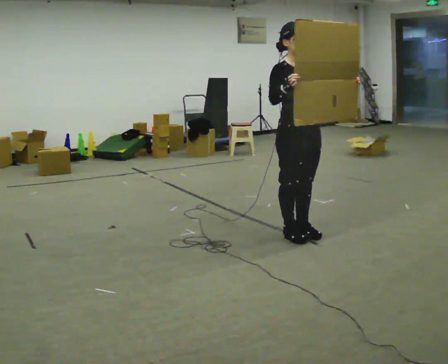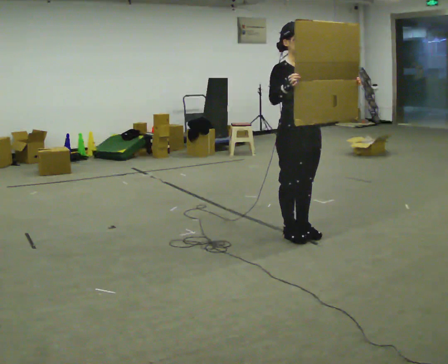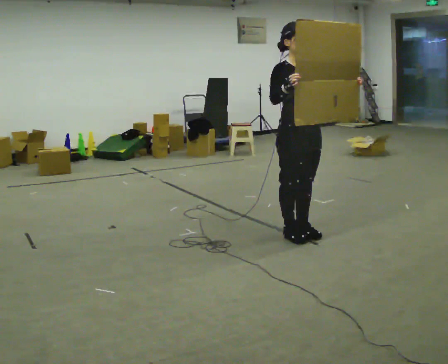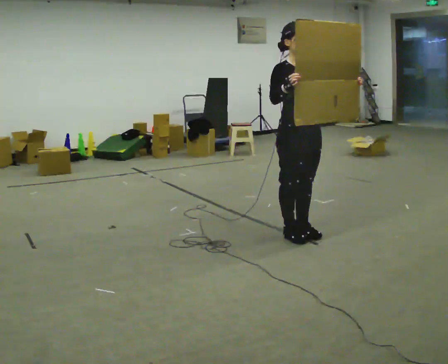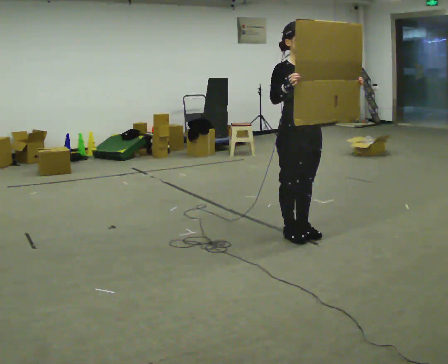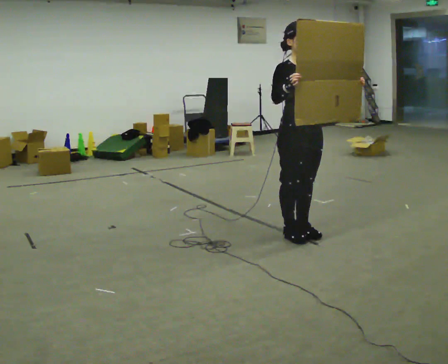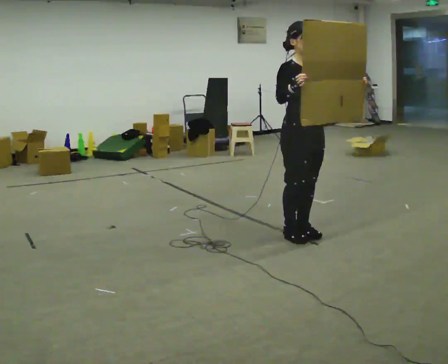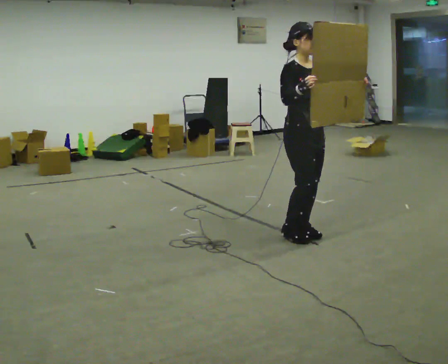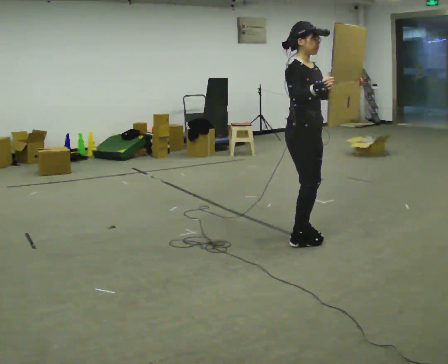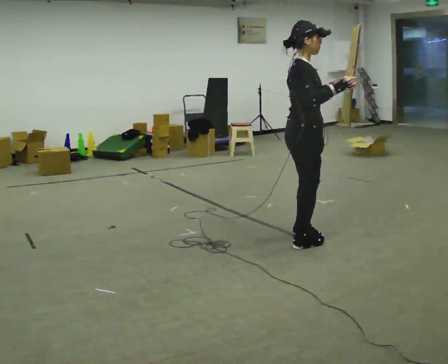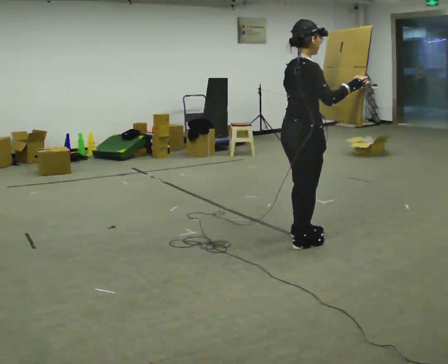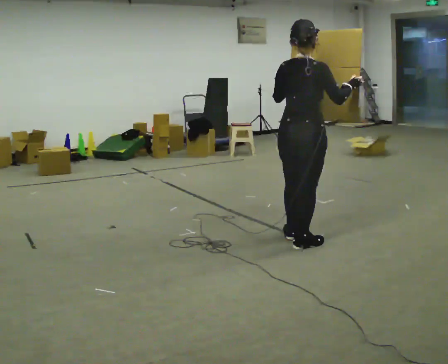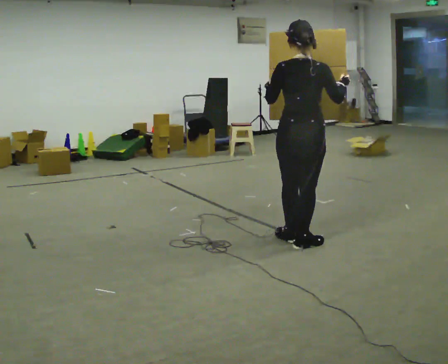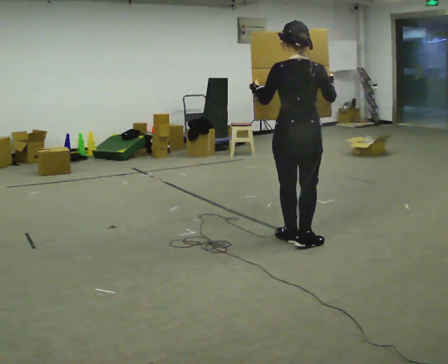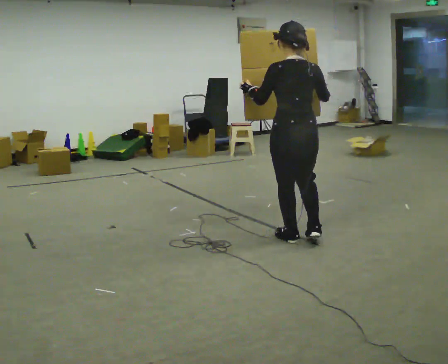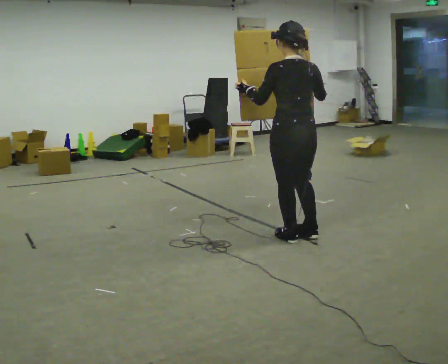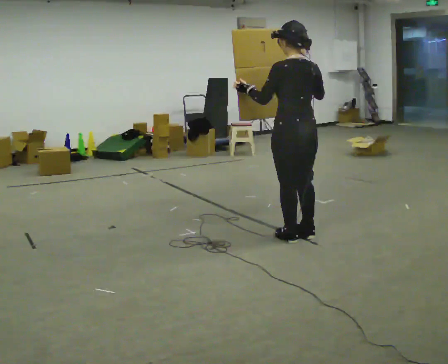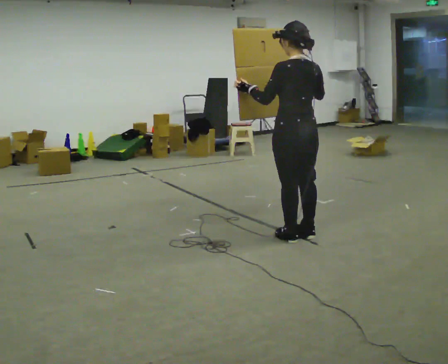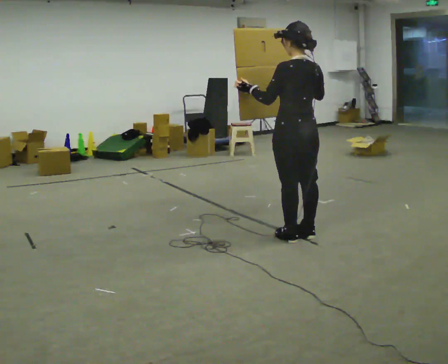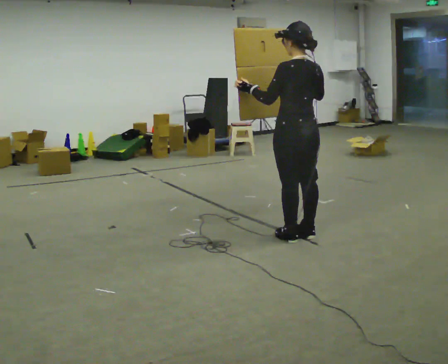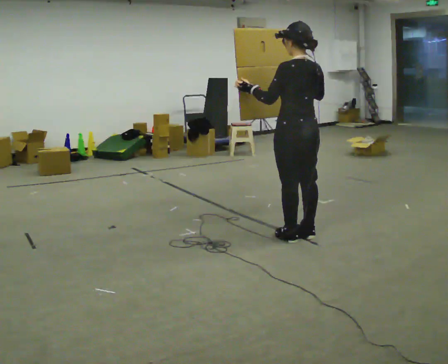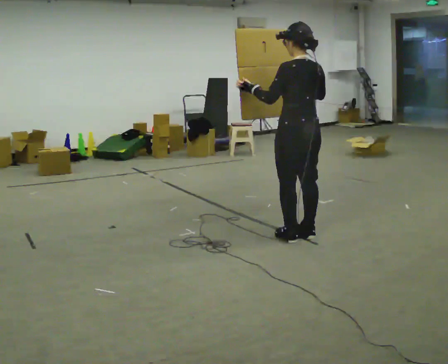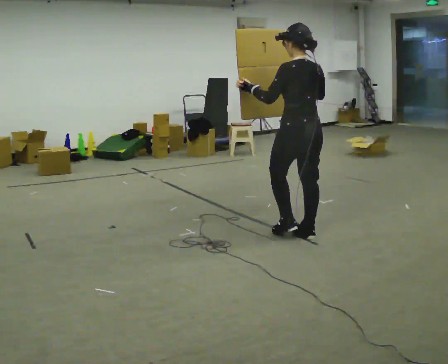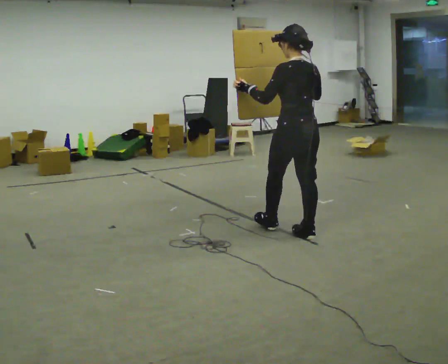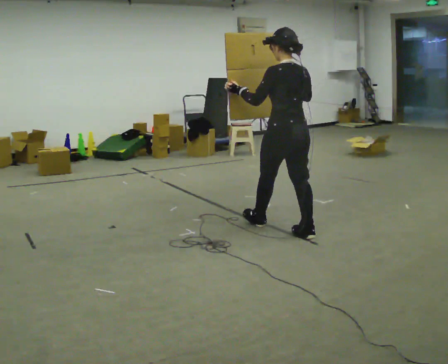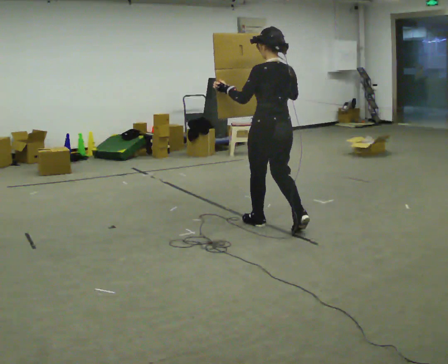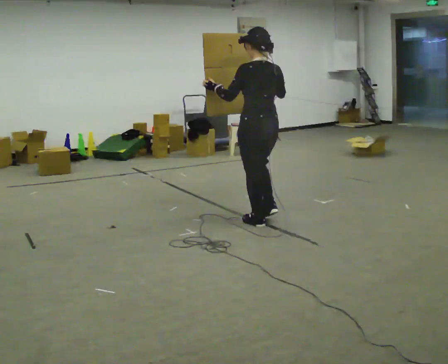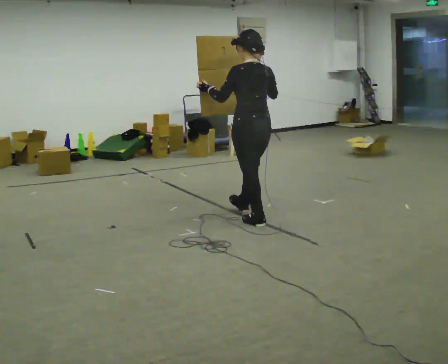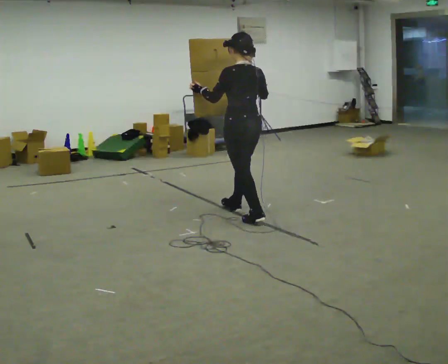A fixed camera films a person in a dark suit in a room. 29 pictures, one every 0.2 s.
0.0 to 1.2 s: The person moves a little, or ends about where they began.
1.2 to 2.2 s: The part of the body nearest the lens slides to the right as the person turns to their left by about 120 degrees. In the picture they go toward the camera, about 0.25 m in 2 steps. In the picture their left hand goes to the left.
2.2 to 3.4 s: The part of the body nearest the lens slides to the right as the person turns to their left by about 60 degrees. In the picture they go away from the camera, about 0.25 m in 1 step, which for them is forward.
3.4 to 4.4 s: The person moves a little, or ends about where they began.
4.4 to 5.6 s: In the picture they go to the left and away from the camera, about 1 m in 2 steps, which for them is forward.
The film runs forward here.
